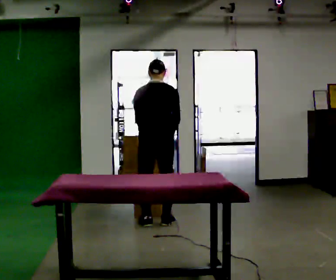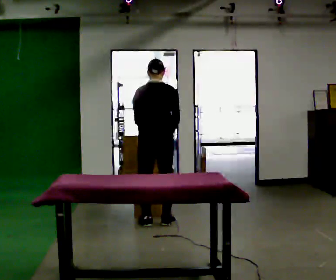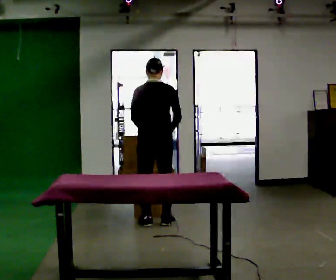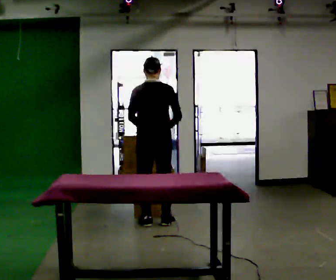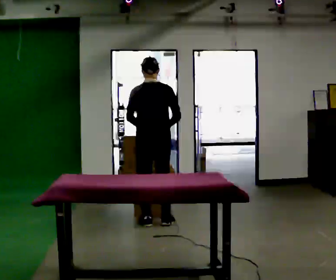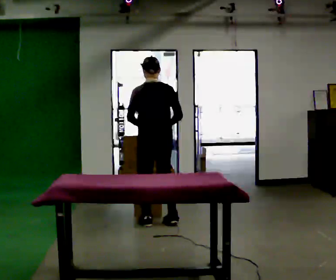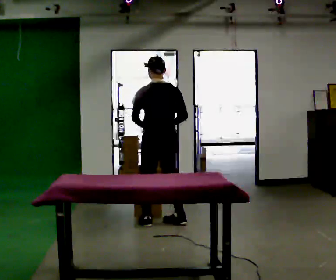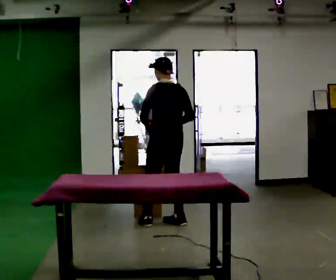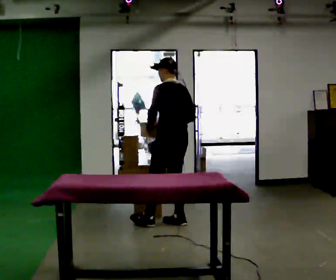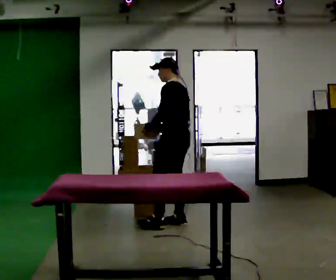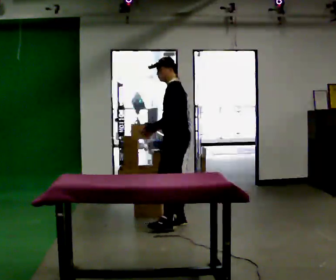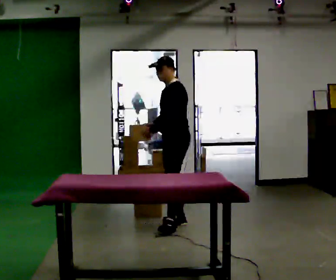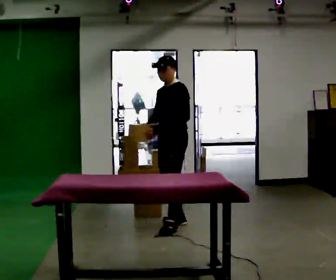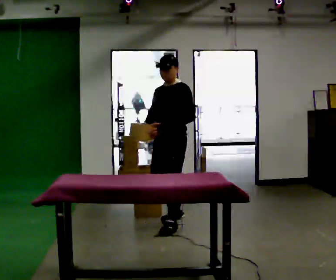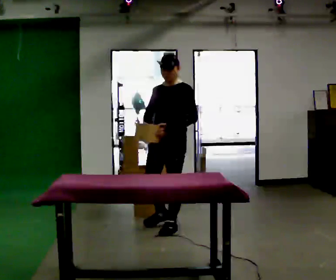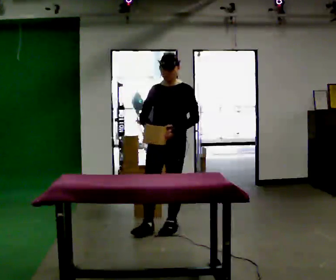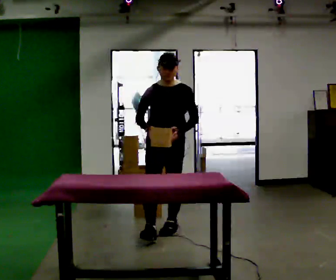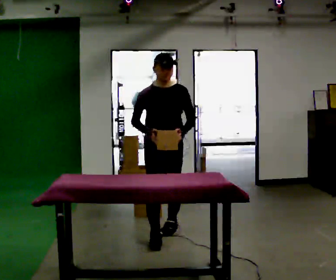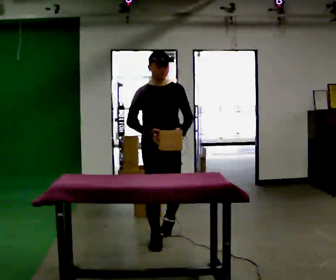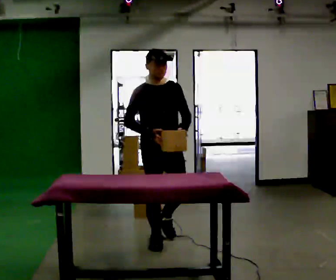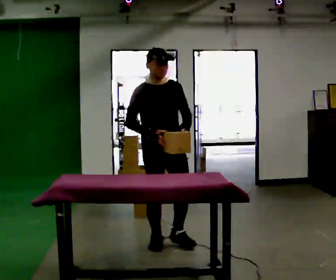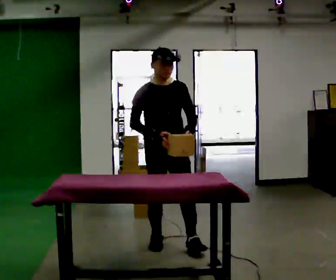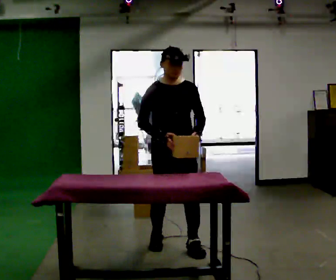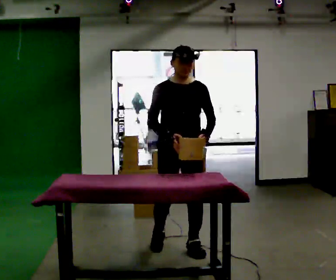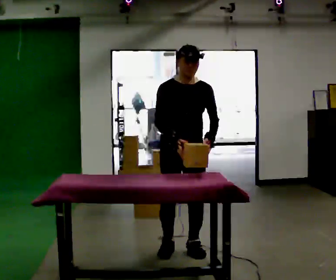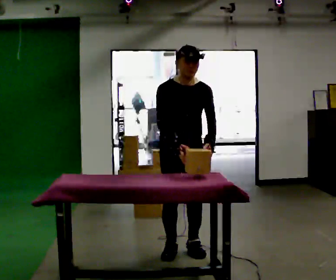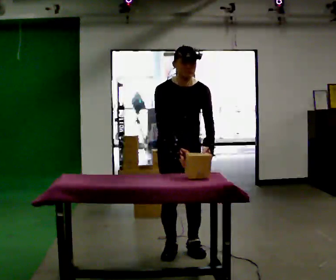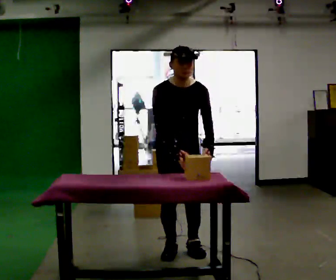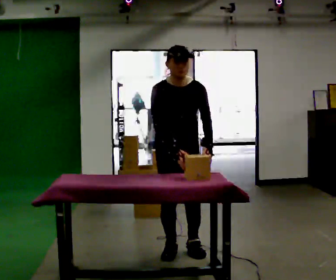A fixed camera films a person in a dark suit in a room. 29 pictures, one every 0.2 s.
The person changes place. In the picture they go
toward the camera.
The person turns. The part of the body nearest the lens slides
to the right.
0.0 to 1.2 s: Seen from above the body turns counterclockwise, about 30 degrees: to their left, with its near side sliding to the right.
1.2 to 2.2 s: The part of the body nearest the lens slides to the right as the person turns to their left by about 90 degrees. In the picture they go to the right, about 0.25 m in 1 step.
2.2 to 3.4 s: Seen from above the body turns counterclockwise, about 75 degrees: to their left, with its near side sliding to the right. In the picture they go toward the camera, about 0.5 m in 1 step.
3.4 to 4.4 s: In the picture they go toward the camera, about 0.5 m in 1 step, which for them is forward.
4.4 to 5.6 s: The person moves a little, or ends about where they began.
The film runs forward here.
